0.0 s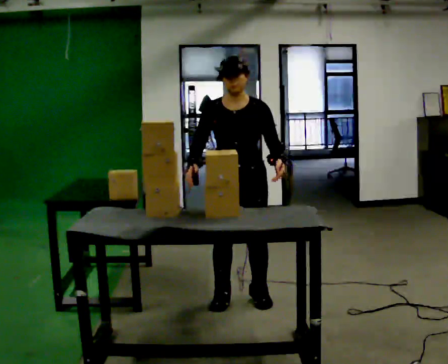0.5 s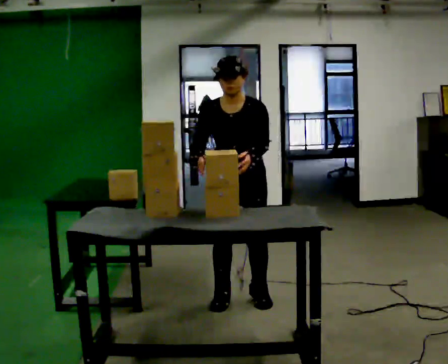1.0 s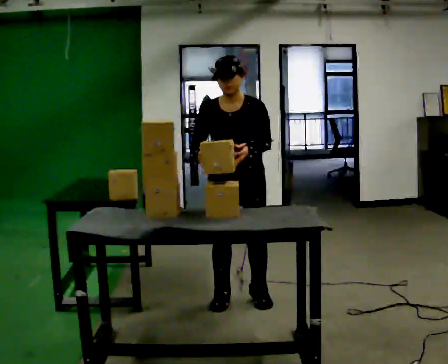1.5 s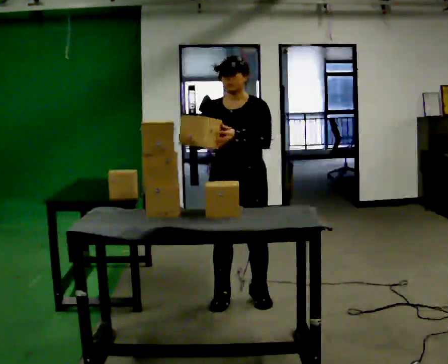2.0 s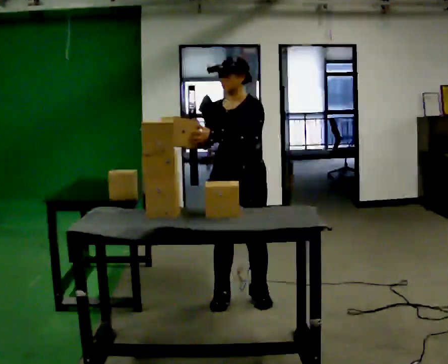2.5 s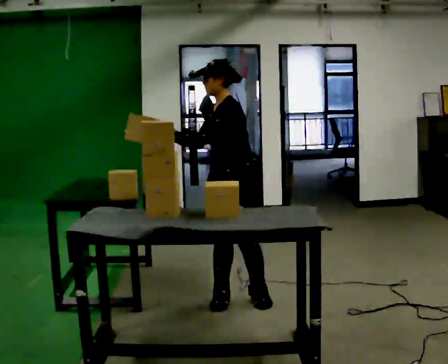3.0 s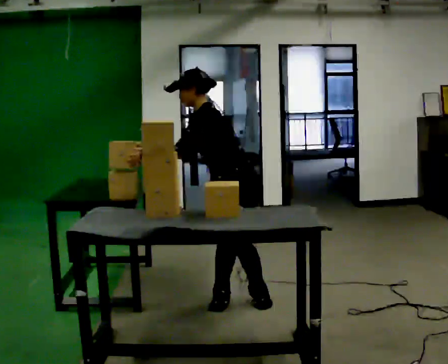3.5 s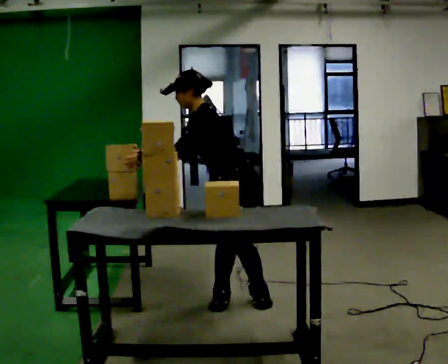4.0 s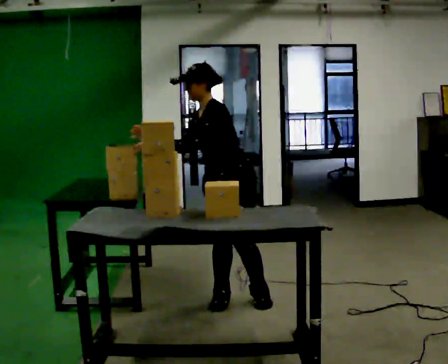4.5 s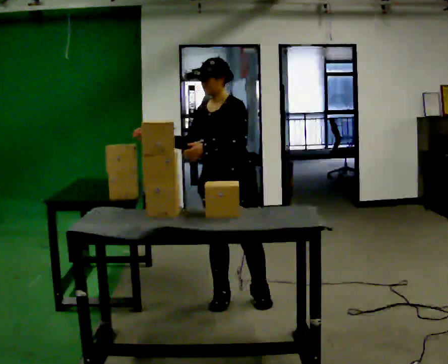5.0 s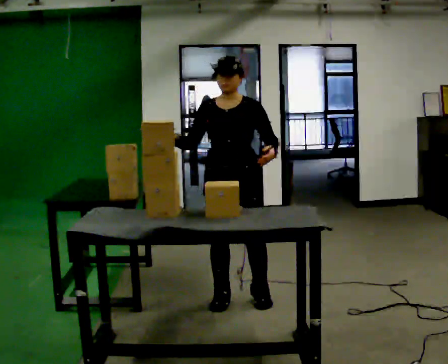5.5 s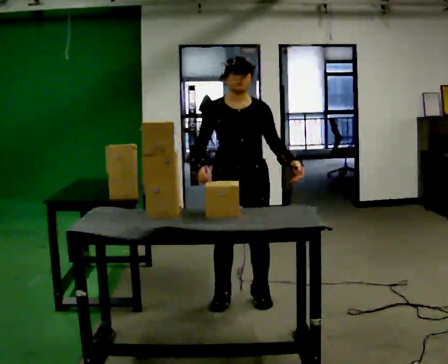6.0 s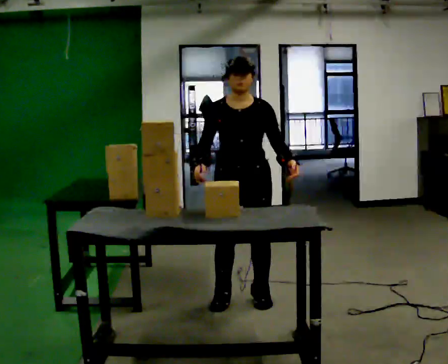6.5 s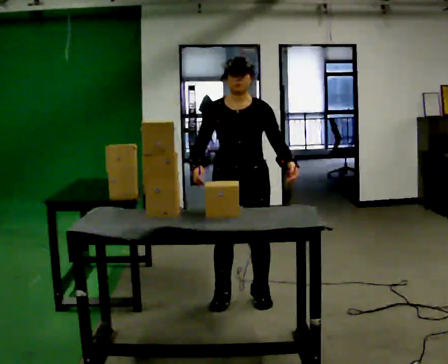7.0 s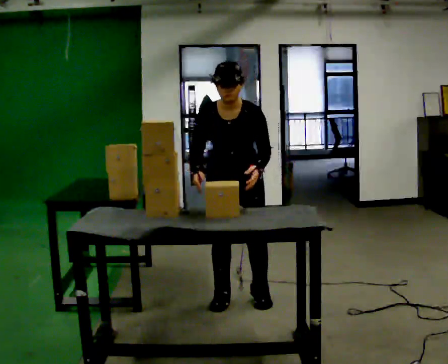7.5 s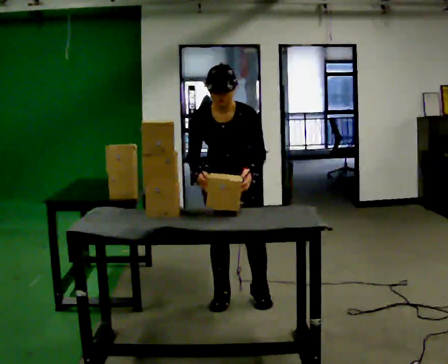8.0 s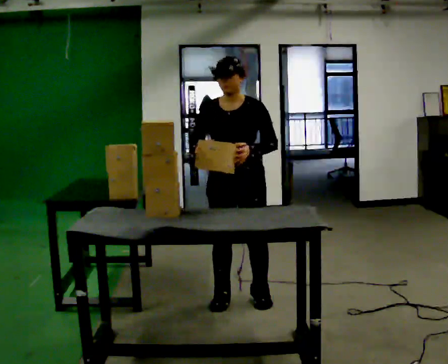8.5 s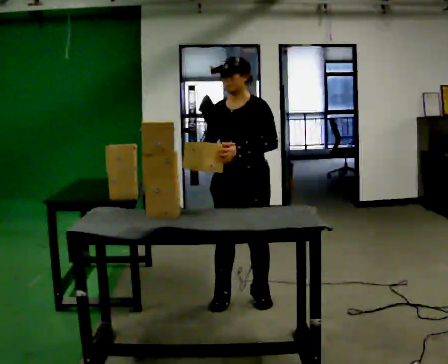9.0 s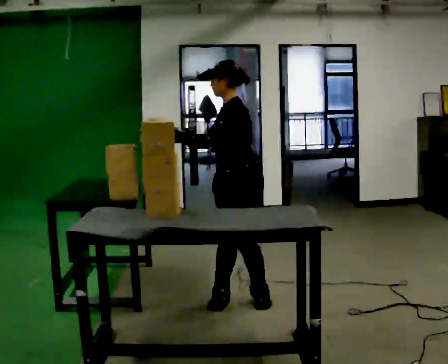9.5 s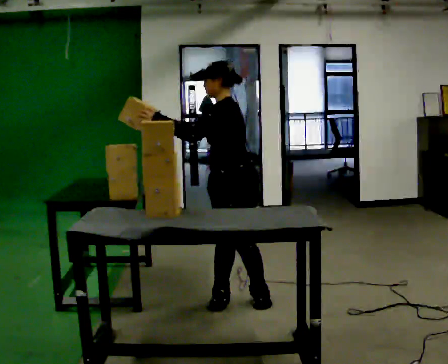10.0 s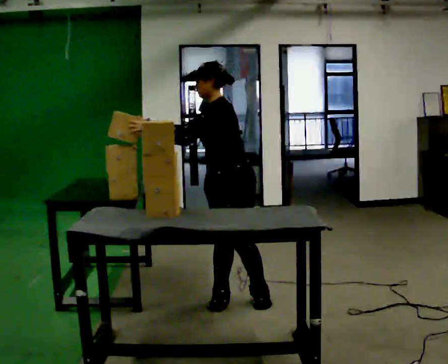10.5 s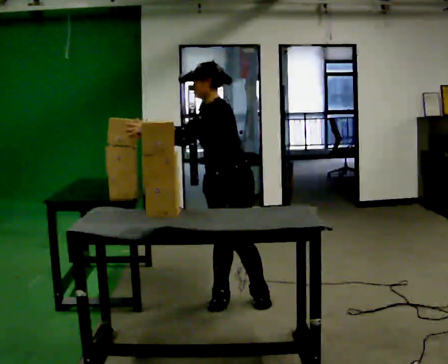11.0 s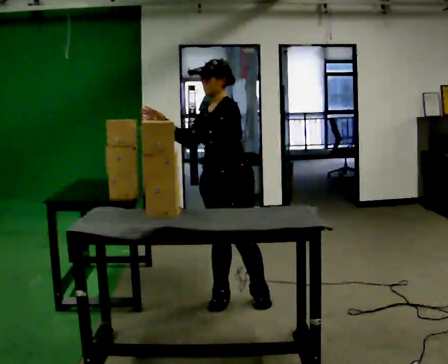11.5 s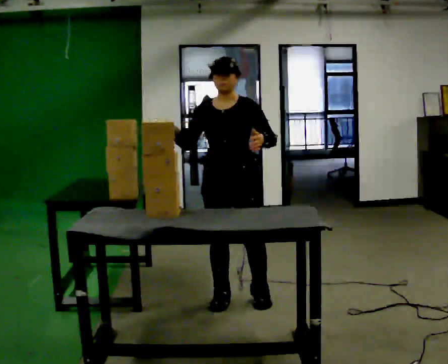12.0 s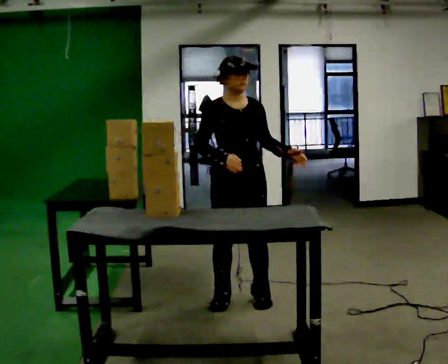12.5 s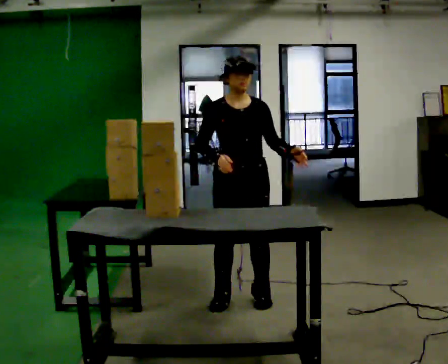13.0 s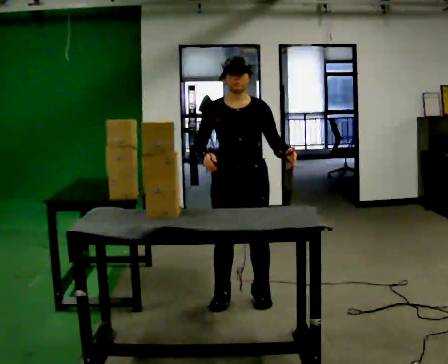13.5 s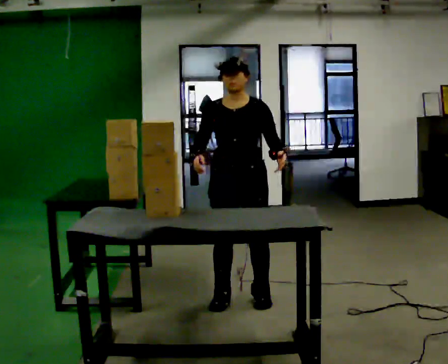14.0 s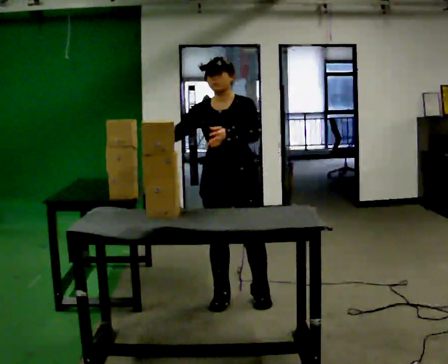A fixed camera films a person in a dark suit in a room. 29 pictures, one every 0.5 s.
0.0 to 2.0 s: The person turns about 30 degrees to their right, clockwise seen from above, so the part of the body nearest the lens slides to the left. In the picture their left hand goes to the left.
2.0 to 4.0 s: Seen from above the body turns clockwise, about 30 degrees: to their right, with its near side sliding to the left. In the picture their left hand goes to the left.
4.0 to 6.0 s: The person turns about 60 degrees to their left, counterclockwise seen from above, so the part of the body nearest the lens slides to the right. In the picture the upper body tilts clockwise, shoulders to the right, as they lean back or straighten. In the picture their left hand goes to the right.
6.0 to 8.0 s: The person moves a little, or ends about where they began.
8.0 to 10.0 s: The person turns about 60 degrees to their right, clockwise seen from above, so the part of the body nearest the lens slides to the left. In the picture their left hand goes to the left.
10.0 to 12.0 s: The part of the body nearest the lens slides to the right as the person turns to their left by about 90 degrees. In the picture their left hand goes to the right.
12.0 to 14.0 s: The person turns about 30 degrees to their right, clockwise seen from above, so the part of the body nearest the lens slides to the left. In the picture their left hand goes to the left.
The film runs forward here.
